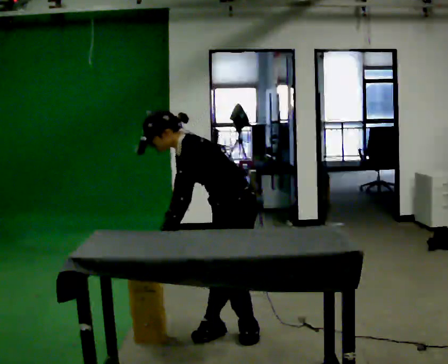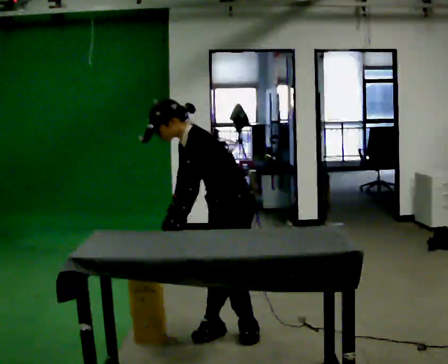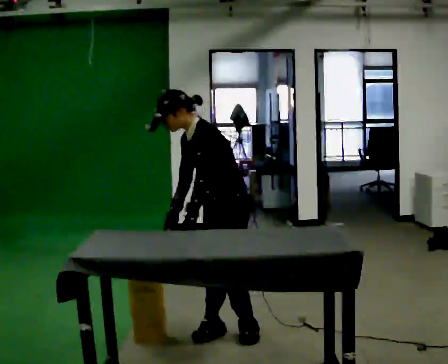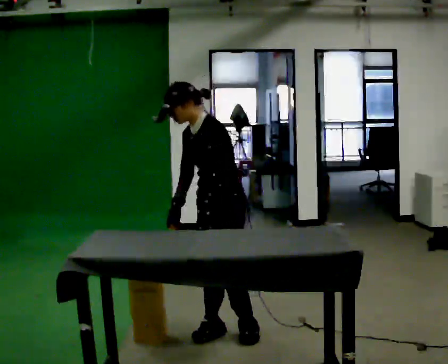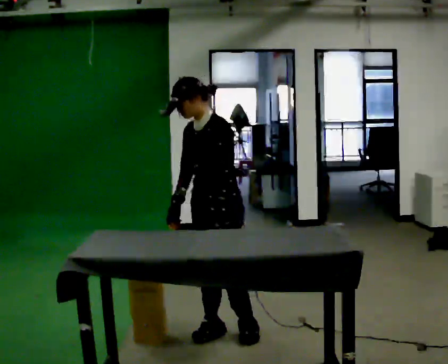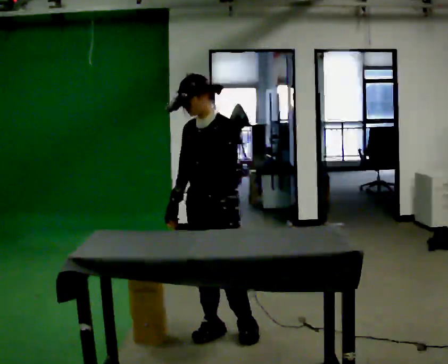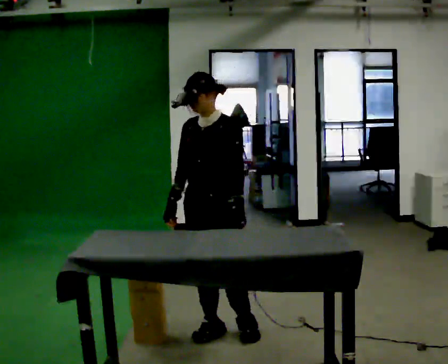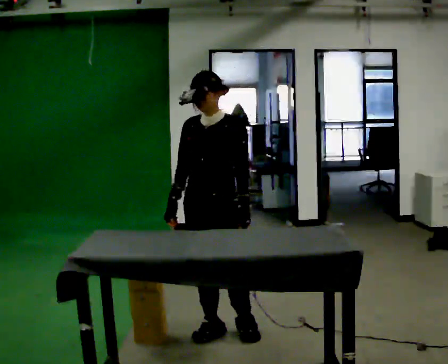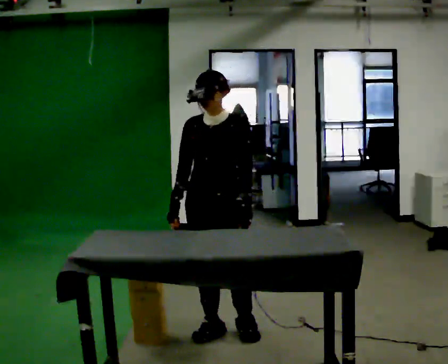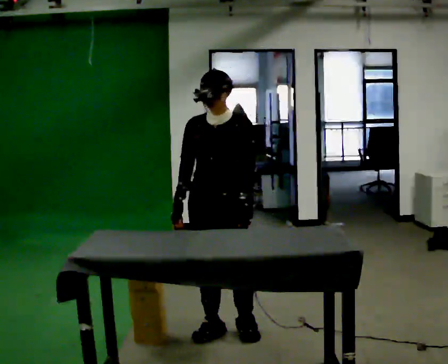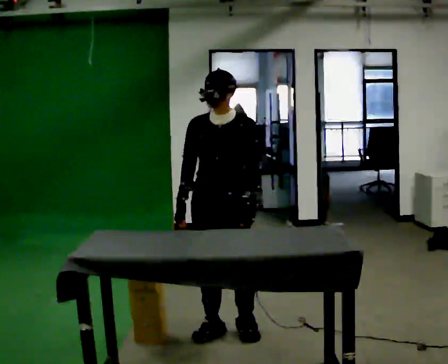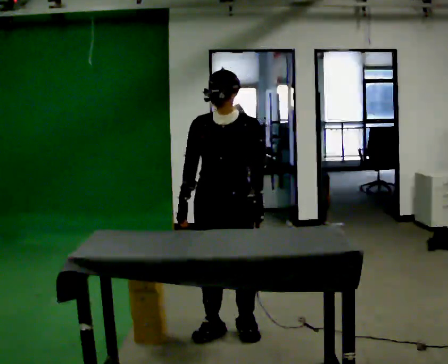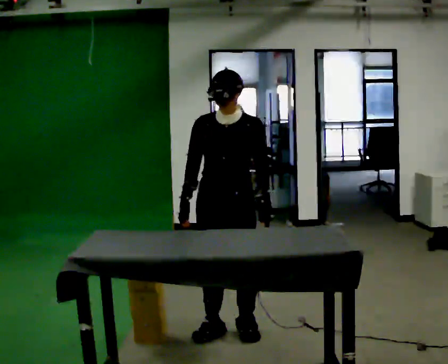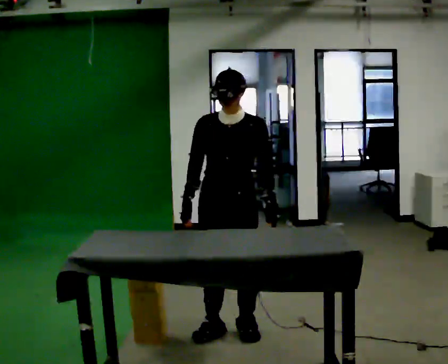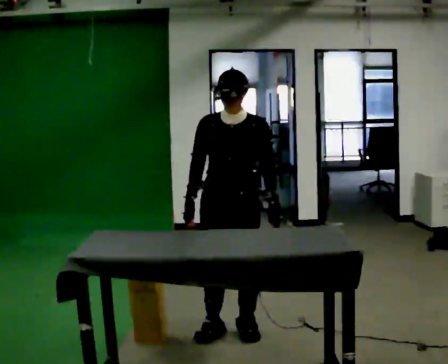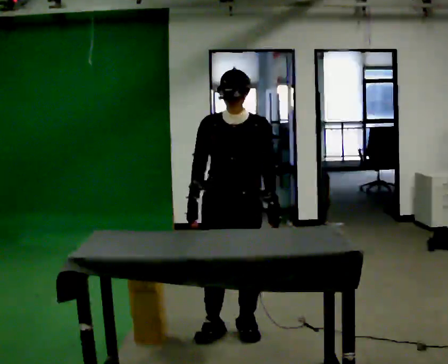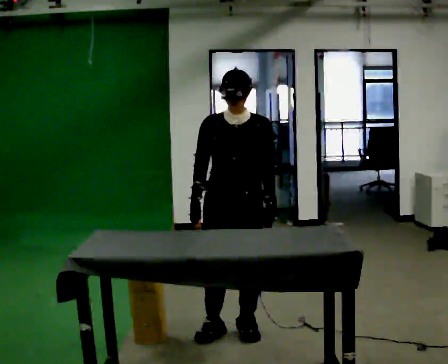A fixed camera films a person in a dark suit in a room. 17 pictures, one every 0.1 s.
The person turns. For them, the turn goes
to their left.
The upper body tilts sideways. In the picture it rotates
clockwise.
0.0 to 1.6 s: The person turns about 60 degrees to their left, counterclockwise seen from above, so the part of the body nearest the lens slides to the right. The shoulders move upward. In the picture the upper body tilts clockwise, shoulders to the right, as they lean back or straighten. In the picture their left hand goes to the right.
The film runs backward here.
